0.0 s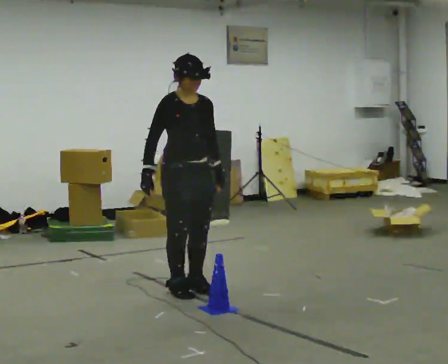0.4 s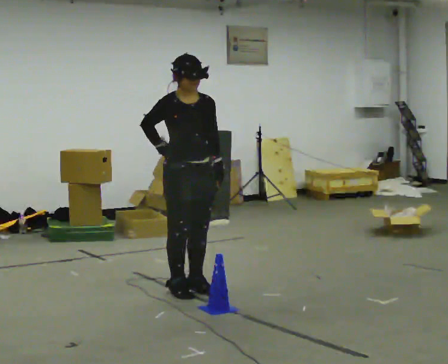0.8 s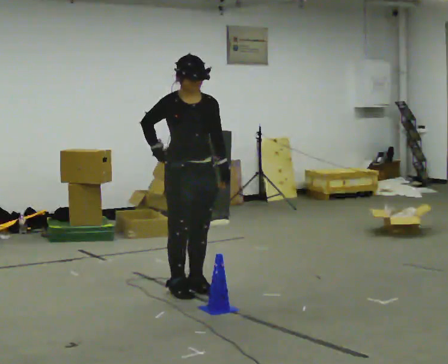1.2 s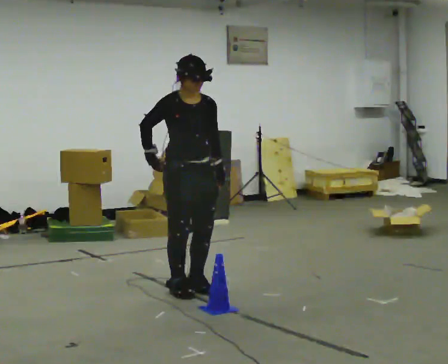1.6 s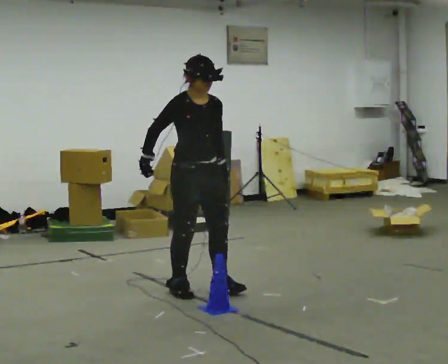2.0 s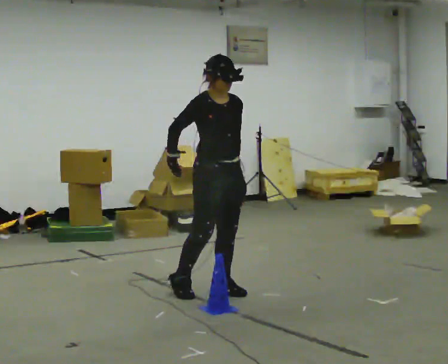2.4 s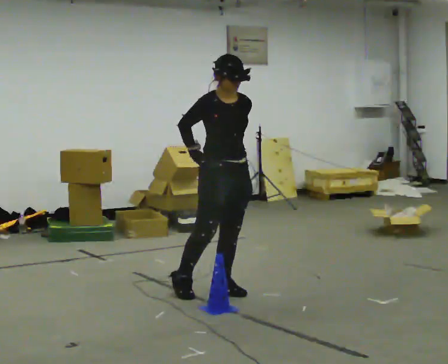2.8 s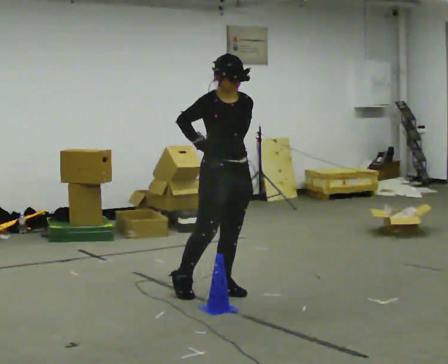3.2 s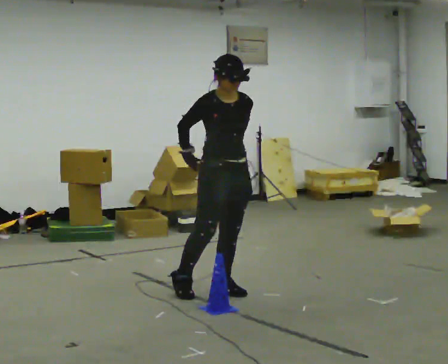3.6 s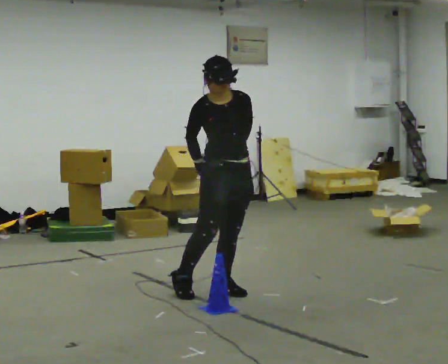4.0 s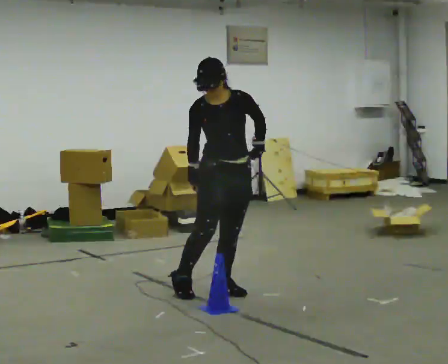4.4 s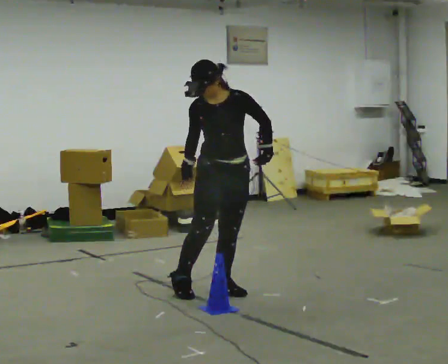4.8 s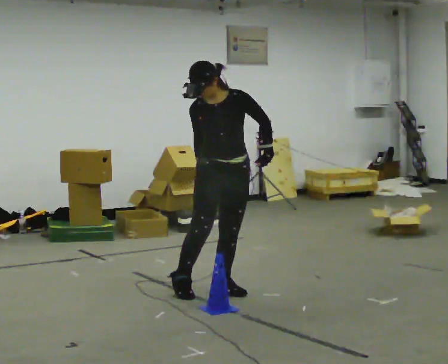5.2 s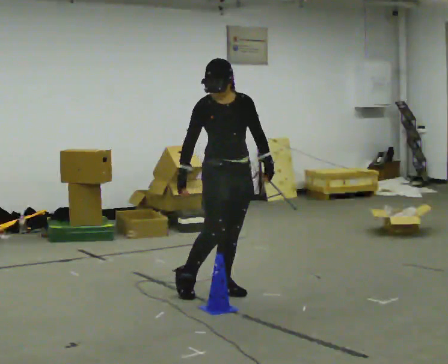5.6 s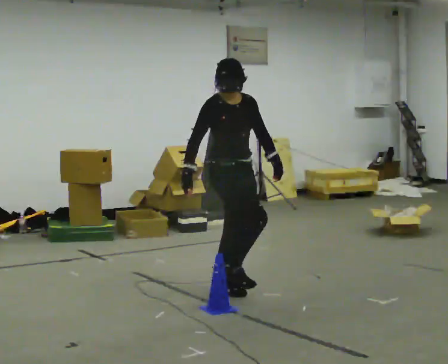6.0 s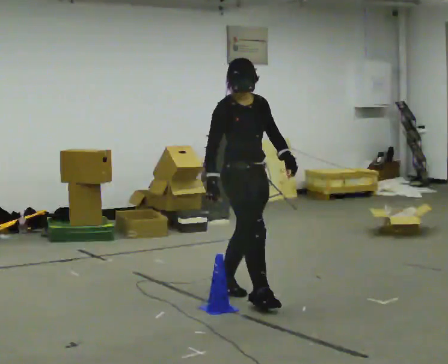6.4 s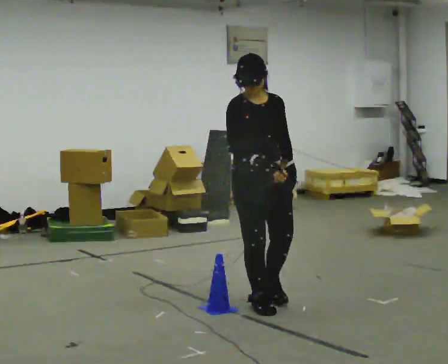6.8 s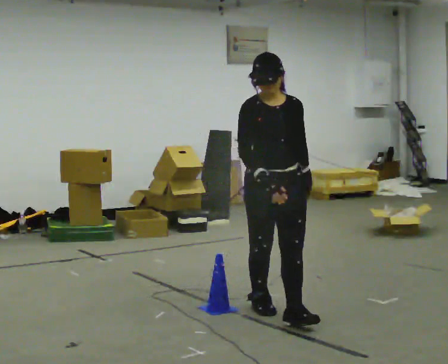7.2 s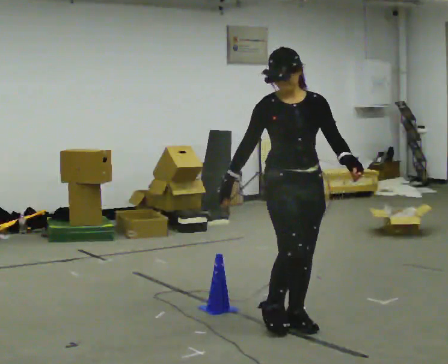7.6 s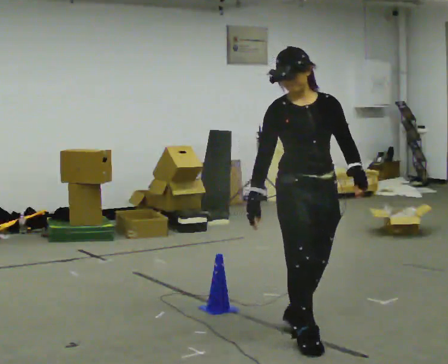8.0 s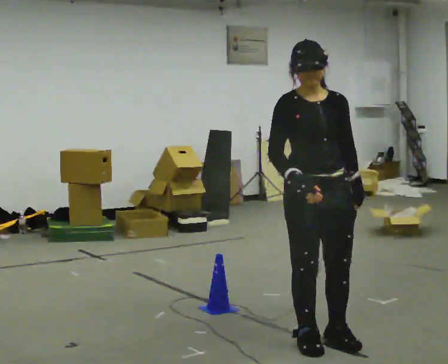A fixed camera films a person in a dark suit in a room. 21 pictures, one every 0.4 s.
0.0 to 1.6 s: The person moves a little, or ends about where they began.
1.6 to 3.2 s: In the picture they go to the right, about 0.25 m, which for them is forward.
3.2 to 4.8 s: Seen from above the body turns clockwise, about 30 degrees: to their right, with its near side sliding to the left.
4.8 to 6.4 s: In the picture they go toward the camera and to the right, about 0.5 m in 1 step, which for them is forward.
6.4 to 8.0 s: In the picture they go toward the camera, about 1 m in 3 steps, which for them is forward.
The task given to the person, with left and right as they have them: Walk toward obstacle; alter path to avoid it; continue toward original destination.
The film runs forward here.
